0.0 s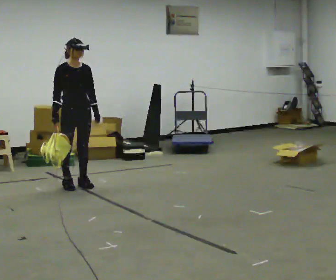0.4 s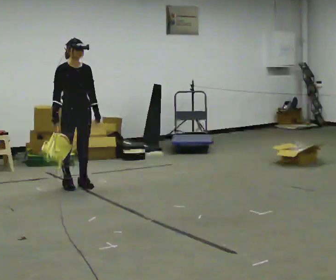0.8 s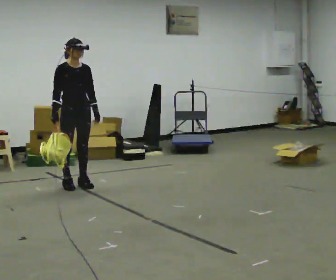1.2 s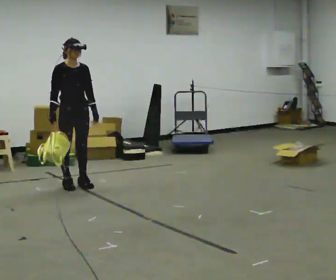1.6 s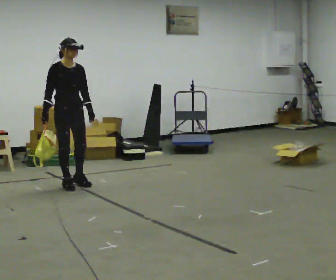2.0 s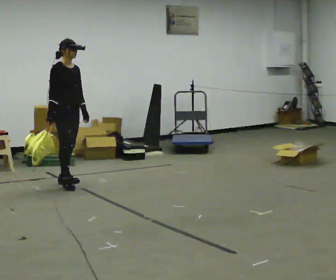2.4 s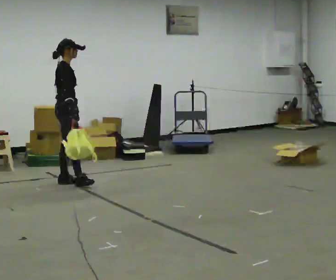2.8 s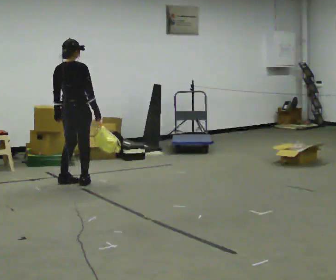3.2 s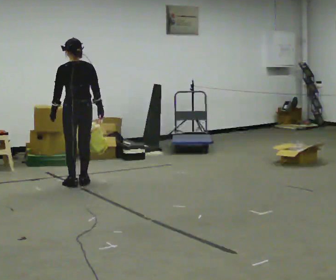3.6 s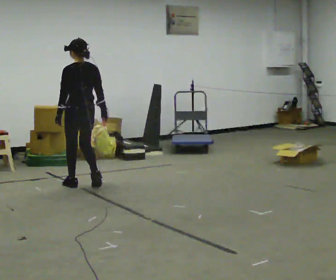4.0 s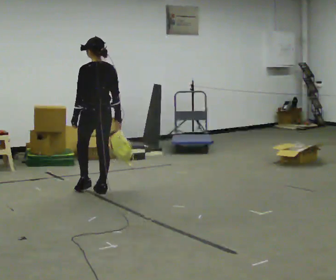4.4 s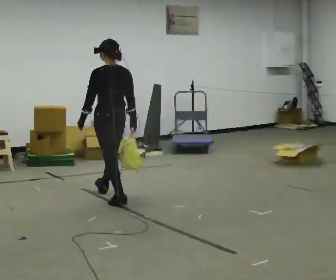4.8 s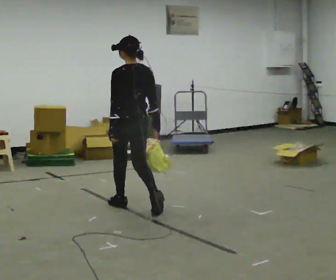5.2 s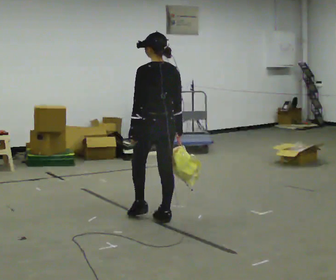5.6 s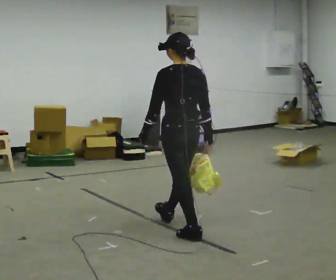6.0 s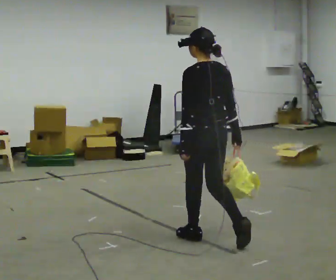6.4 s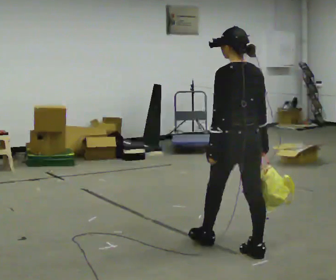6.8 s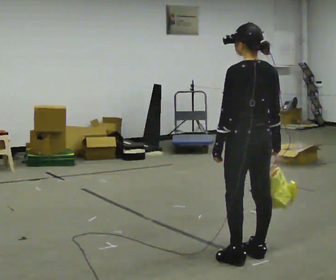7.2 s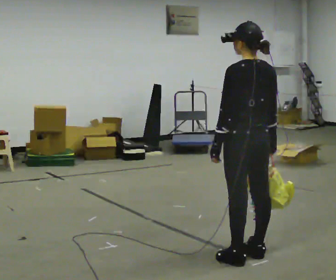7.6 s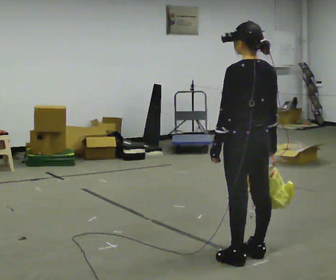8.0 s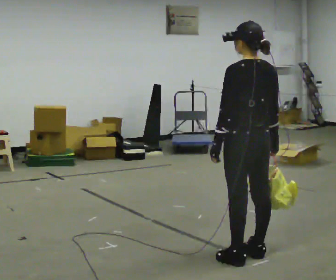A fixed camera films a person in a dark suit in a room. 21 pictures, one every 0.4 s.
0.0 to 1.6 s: The person moves a little, or ends about where they began.
1.6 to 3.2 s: The part of the body nearest the lens slides to the right as the person turns to their left by about 165 degrees. In the picture their right hand goes to the right, the arm swinging counterclockwise.
3.2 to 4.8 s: In the picture they go toward the camera and to the right, about 1 m in 3 steps, which for them is backward.
4.8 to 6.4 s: In the picture they go toward the camera and to the right, about 1.5 m in 3 steps, which for them is backward.
6.4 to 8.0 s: In the picture they go toward the camera, about 0.25 m, which for them is backward.
The film runs backward here.
